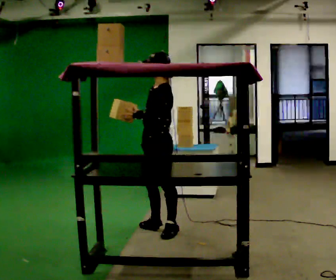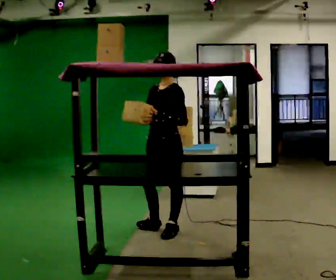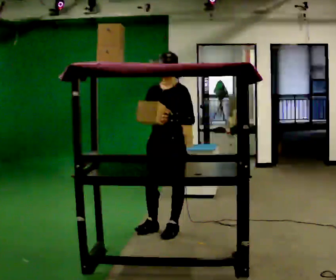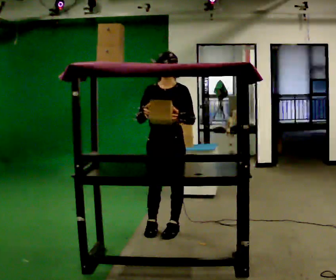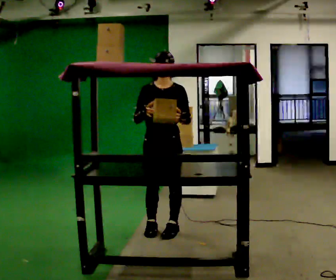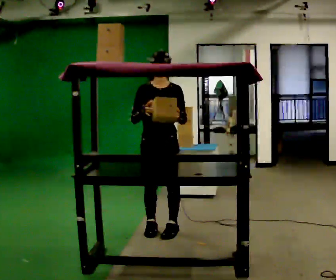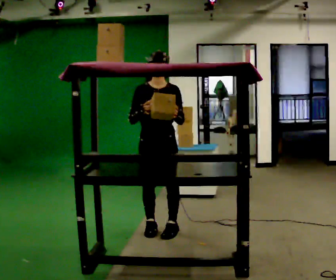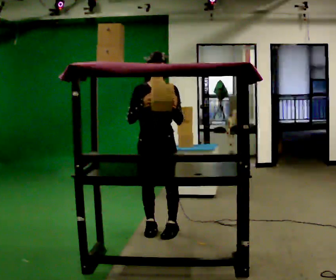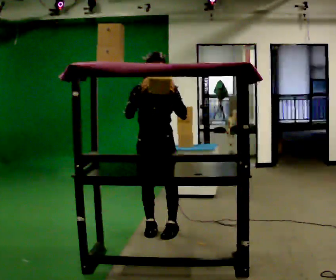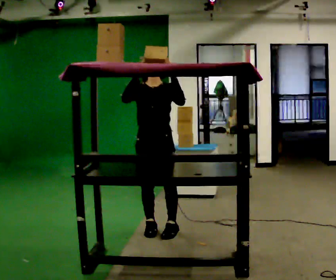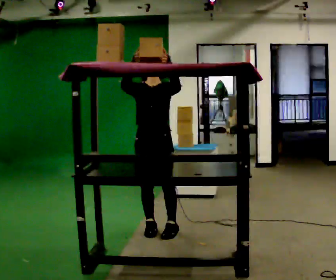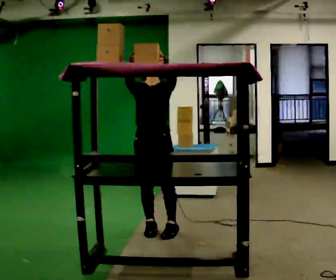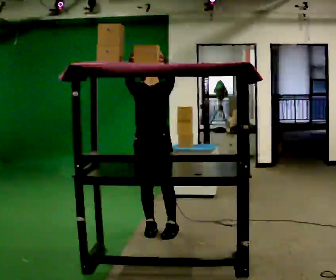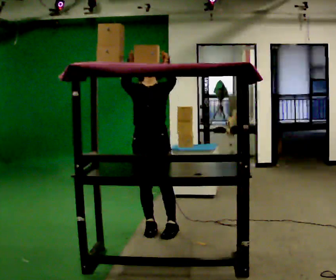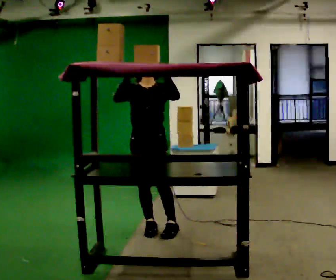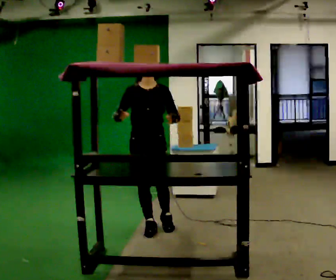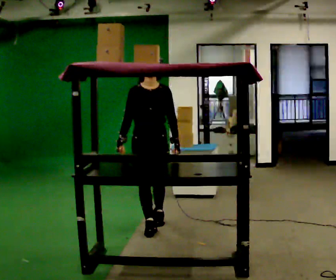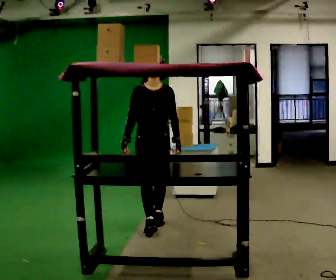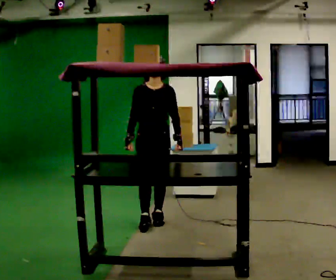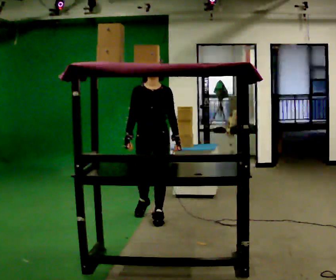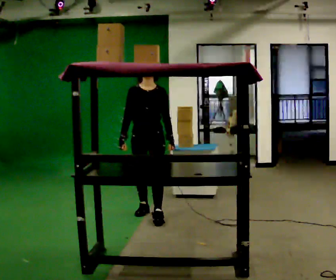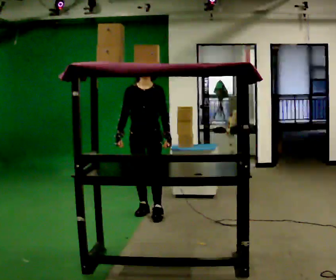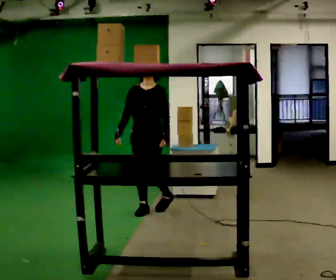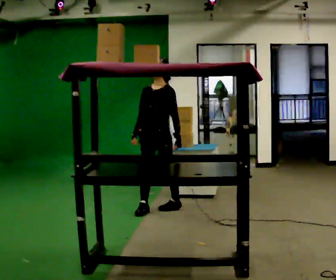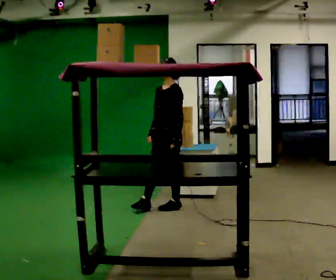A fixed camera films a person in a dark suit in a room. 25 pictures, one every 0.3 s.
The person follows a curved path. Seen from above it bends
clockwise.
0.0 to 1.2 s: Seen from above the body turns counterclockwise, about 60 degrees: to their left, with its near side sliding to the right. In the picture their left hand goes to the right.
1.2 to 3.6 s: In the picture their left hand goes upward.
3.6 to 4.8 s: In the picture they go away from the camera, about 0.25 m in 1 step, which for them is backward. In the picture their left hand goes downward.
4.8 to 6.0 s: In the picture they go away from the camera, about 0.5 m in 1 step, which for them is backward.
6.0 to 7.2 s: The person turns about 60 degrees to their right, clockwise seen from above, so the part of the body nearest the lens slides to the left. In the picture they go away from the camera and to the right, about 0.25 m in 2 steps, which for them is backward and to their left.
The film runs backward here.
